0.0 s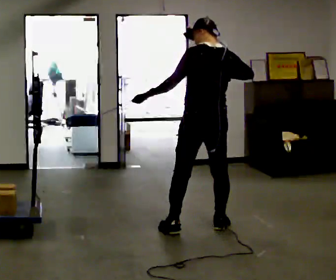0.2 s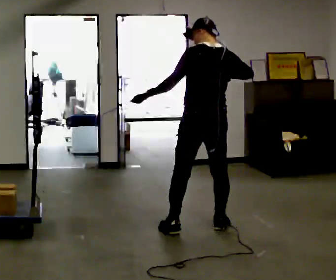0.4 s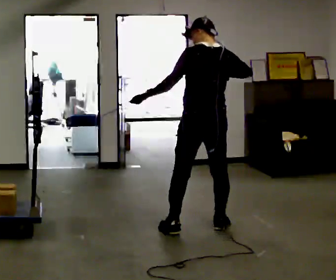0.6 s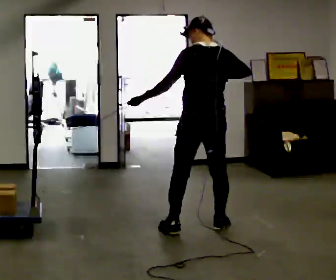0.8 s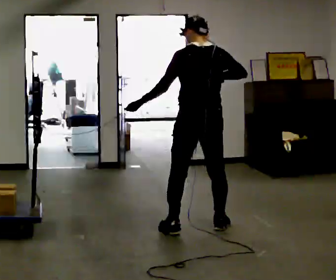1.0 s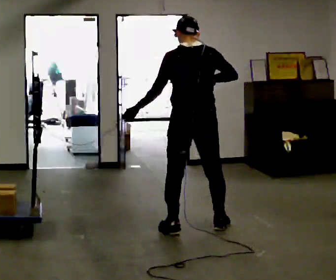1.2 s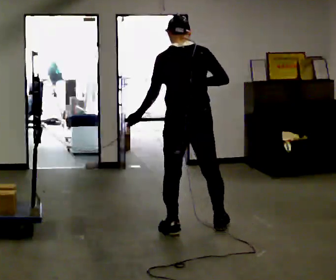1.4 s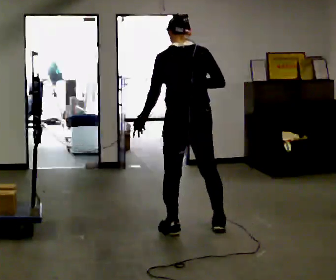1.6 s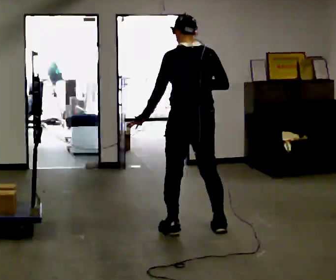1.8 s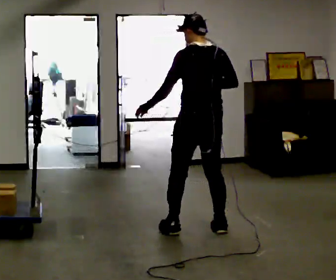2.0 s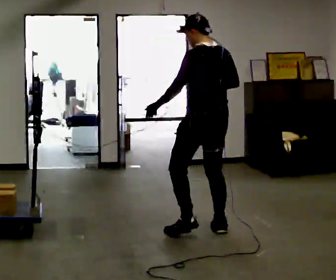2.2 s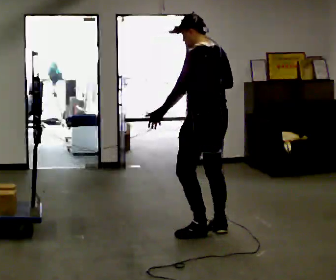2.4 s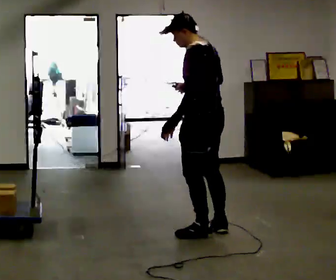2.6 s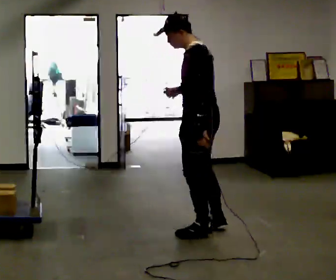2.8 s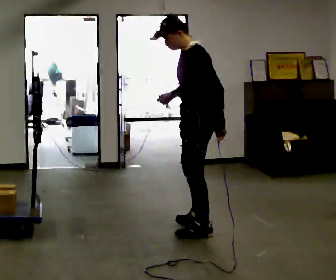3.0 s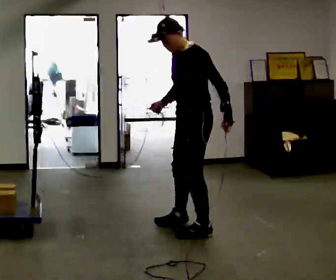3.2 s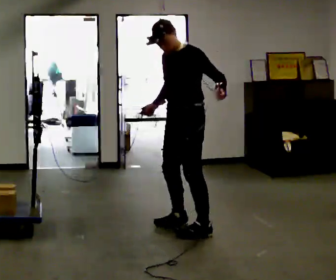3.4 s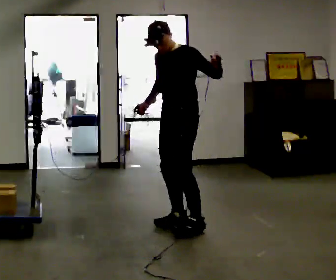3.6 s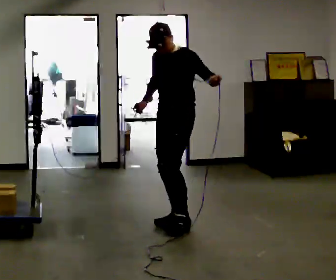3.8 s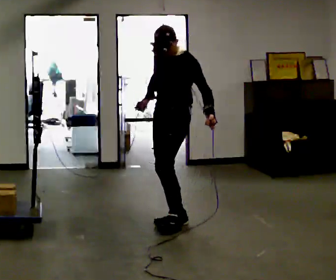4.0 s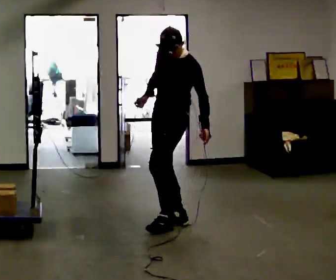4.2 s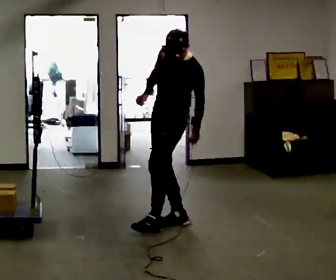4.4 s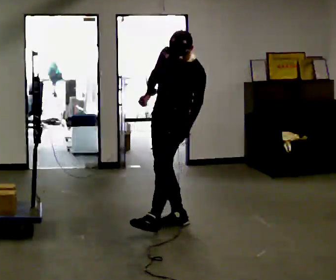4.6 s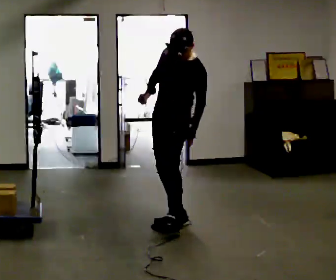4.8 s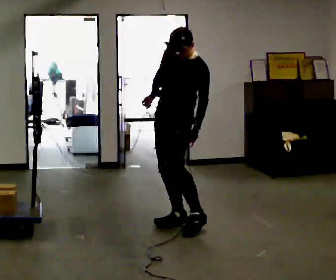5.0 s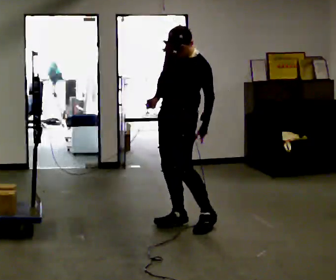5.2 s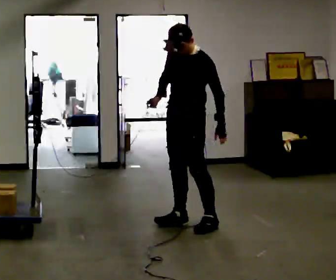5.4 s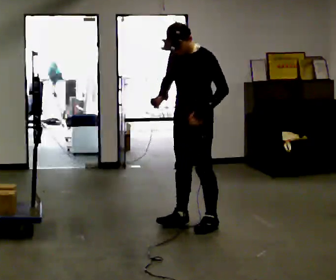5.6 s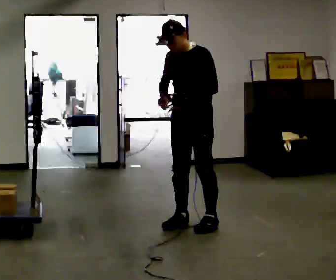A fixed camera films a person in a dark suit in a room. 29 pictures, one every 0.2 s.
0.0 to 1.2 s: The person moves a little, or ends about where they began.
1.2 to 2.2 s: Seen from above the body turns counterclockwise, about 45 degrees: to their left, with its near side sliding to the right. In the picture they go to the right, about 0.25 m in 1 step, which for them is to their right.
2.2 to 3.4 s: The part of the body nearest the lens slides to the right as the person turns to their left by about 75 degrees. In the picture they go away from the camera and to the left, about 0.25 m in 2 steps. In the picture their left hand goes upward, the arm swinging counterclockwise.
3.4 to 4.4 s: In the picture the upper body tilts clockwise, shoulders to the right. In the picture their left hand goes downward, the arm swinging clockwise.
4.4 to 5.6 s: In the picture they go to the right, about 0.25 m, which for them is to their left. In the picture the upper body tilts counterclockwise, shoulders to the left, as they bend forward.
The film runs backward here.
